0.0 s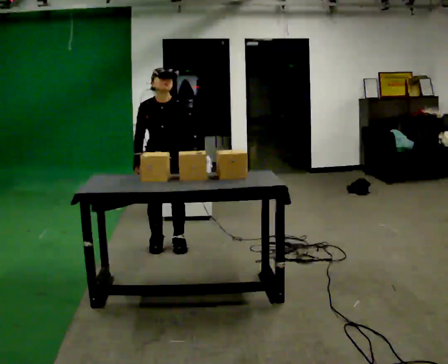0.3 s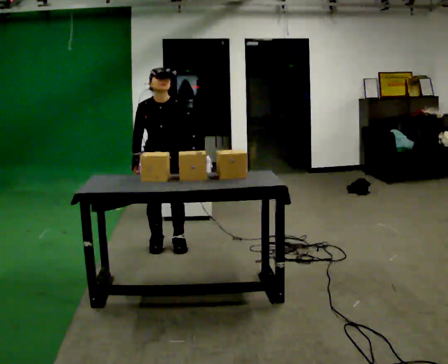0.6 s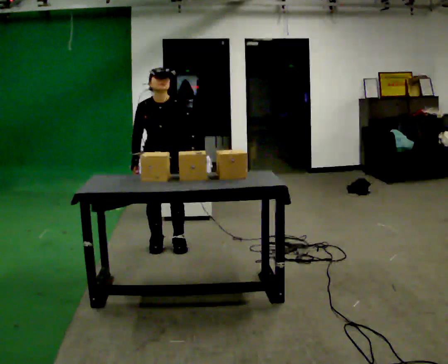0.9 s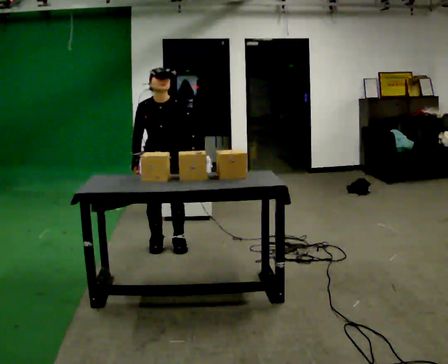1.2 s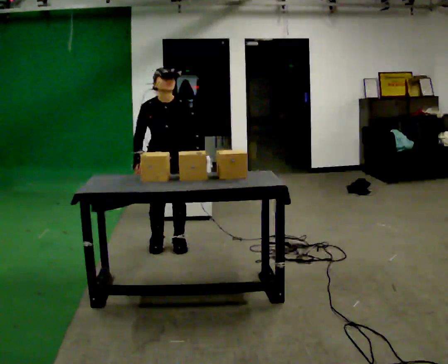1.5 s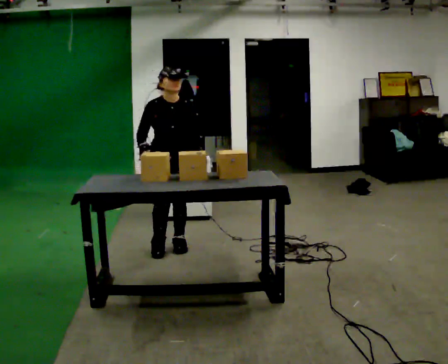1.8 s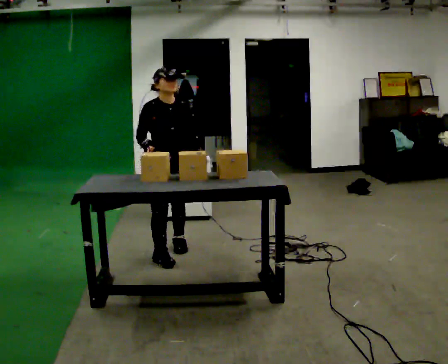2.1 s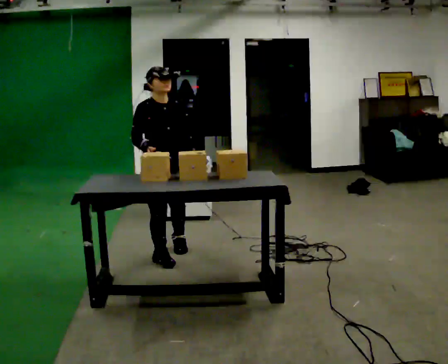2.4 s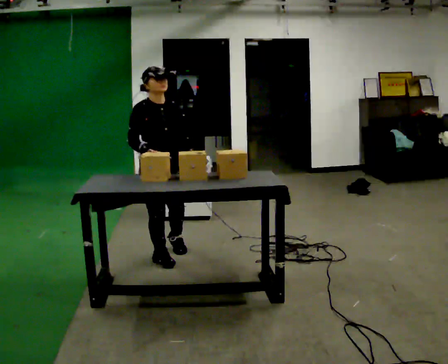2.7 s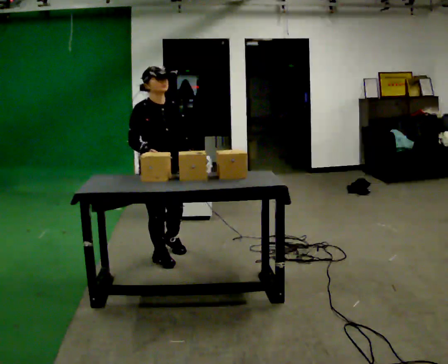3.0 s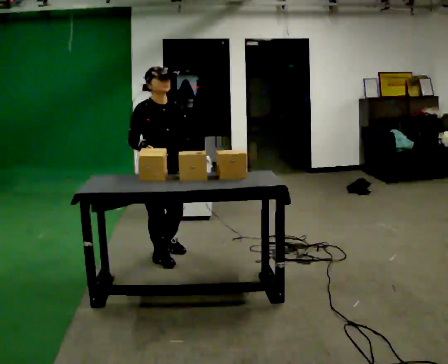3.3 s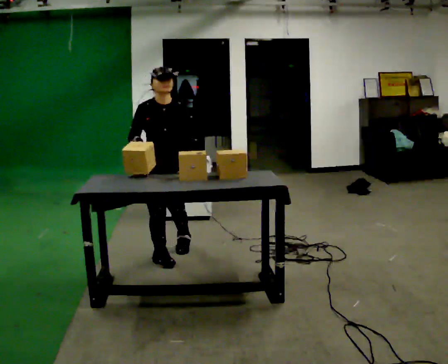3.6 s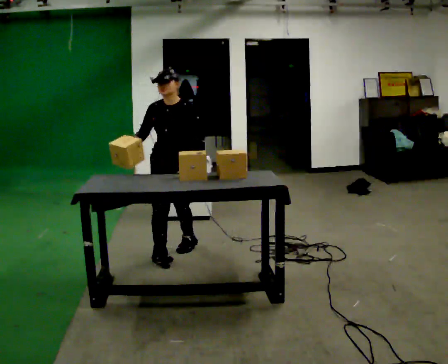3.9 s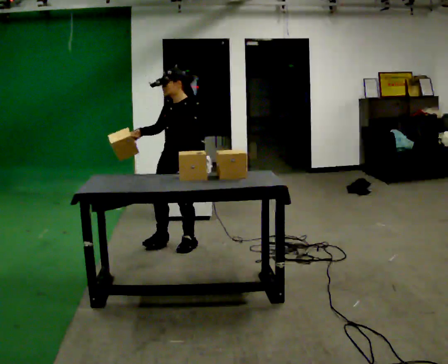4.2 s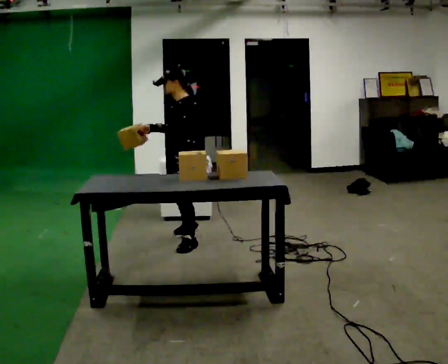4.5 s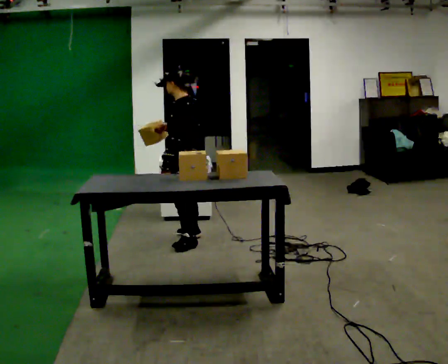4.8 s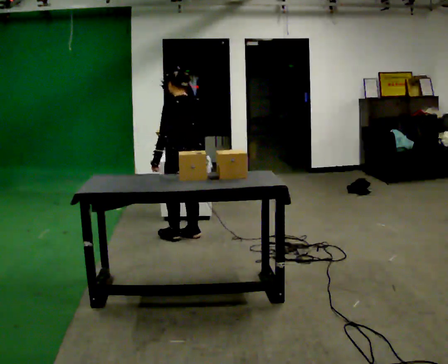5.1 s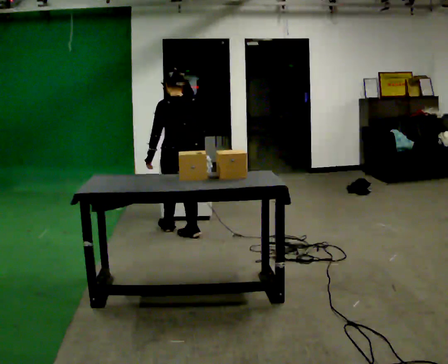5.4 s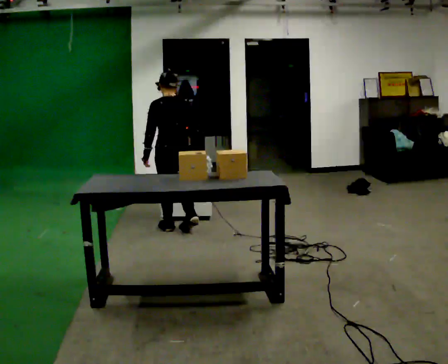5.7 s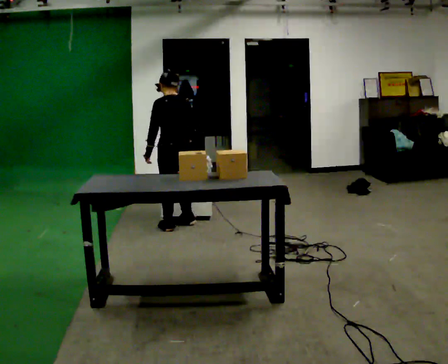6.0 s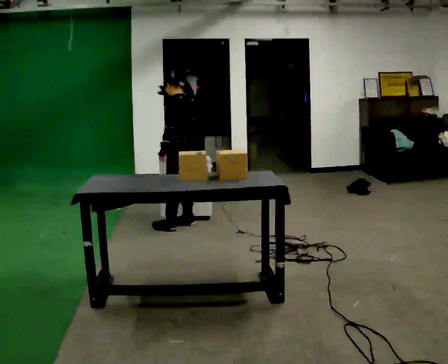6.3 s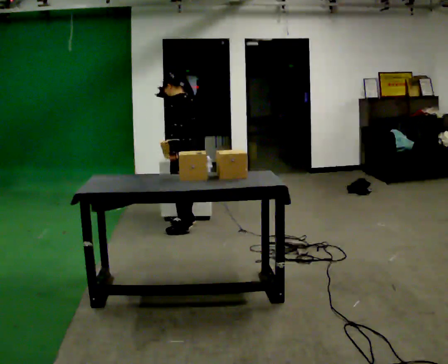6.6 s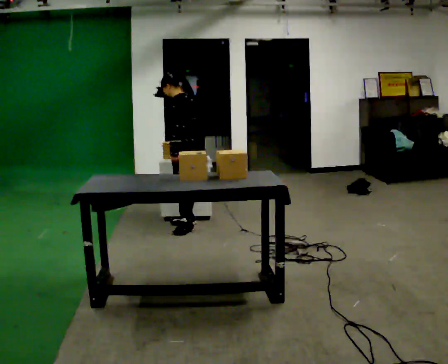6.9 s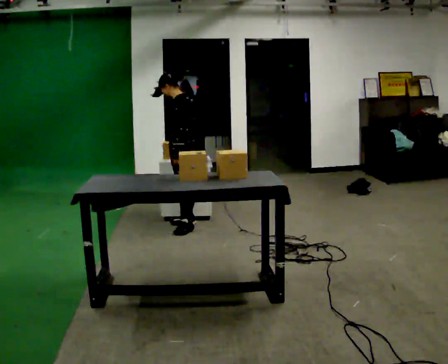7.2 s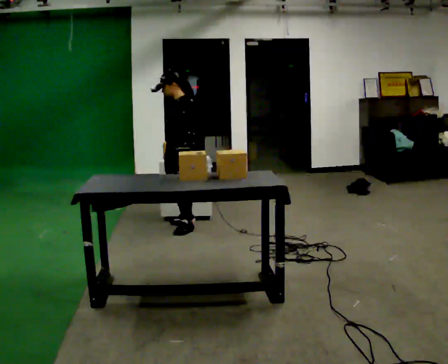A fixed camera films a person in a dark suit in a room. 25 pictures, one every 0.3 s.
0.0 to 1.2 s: The person moves a little, or ends about where they began.
1.2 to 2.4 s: In the picture they go toward the camera, about 0.25 m in 1 step, which for them is forward and to their right.
2.4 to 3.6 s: Seen from above the body turns clockwise, about 45 degrees: to their right, with its near side sliding to the left. In the picture they go away from the camera, about 0.25 m, which for them is to their left.
3.6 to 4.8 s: Seen from above the body turns clockwise, about 120 degrees: to their right, with its near side sliding to the left. In the picture they go away from the camera, about 0.5 m in 1 step.
4.8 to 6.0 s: Seen from above the body turns counterclockwise, about 30 degrees: to their left, with its near side sliding to the right. In the picture they go away from the camera, about 0.25 m in 2 steps, which for them is forward and to their right.
6.0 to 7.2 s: The person turns about 45 degrees to their left, counterclockwise seen from above, so the part of the body nearest the lens slides to the right.
The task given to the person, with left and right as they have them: 1. Move all 12 boxes from the shelf at one end of the room to the shelf at the other end. 2. The cart is not available today, so carry them. 3. Tell the operator when you are finished.
The film runs forward here.
